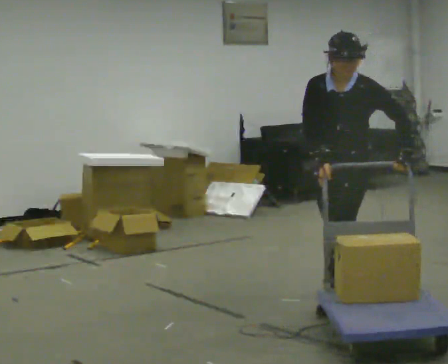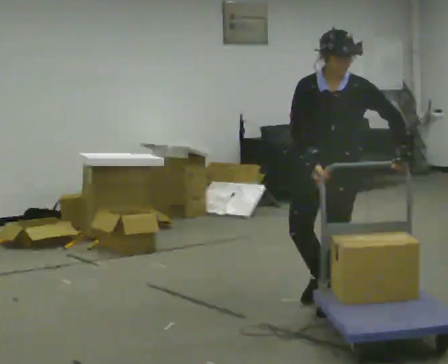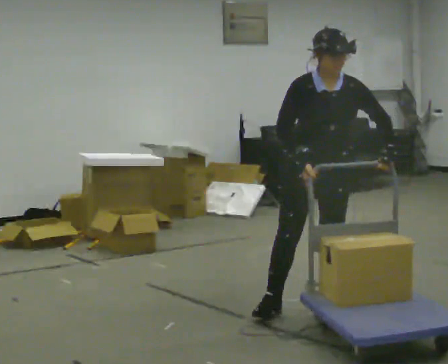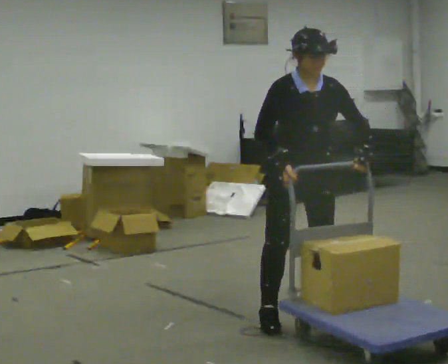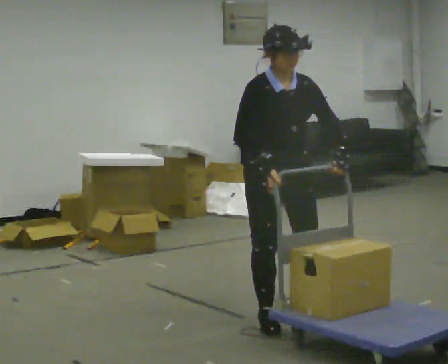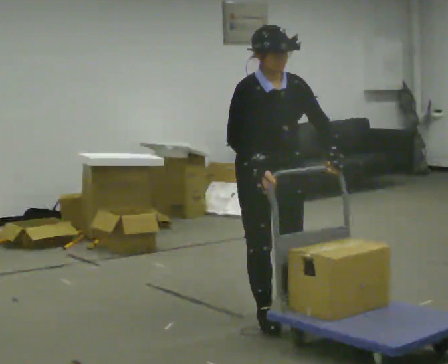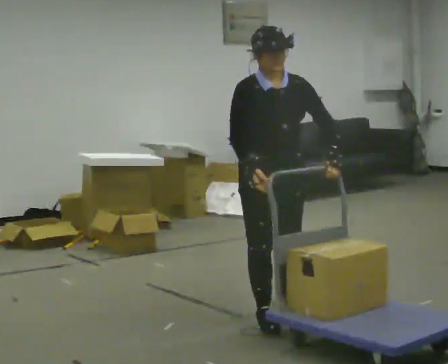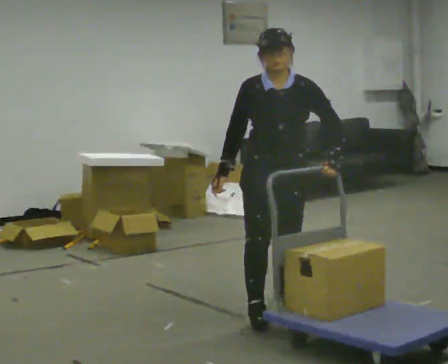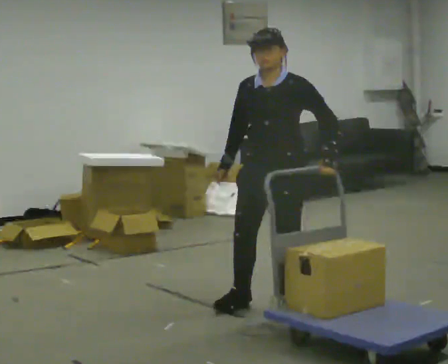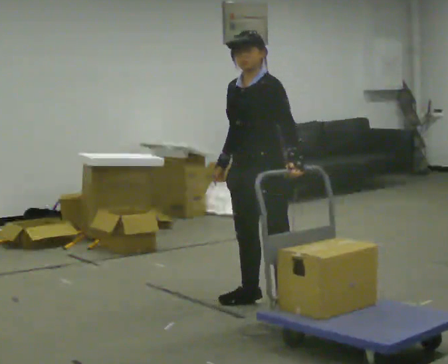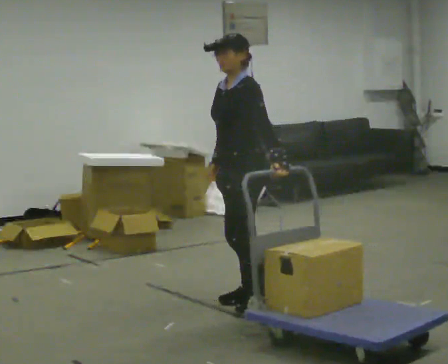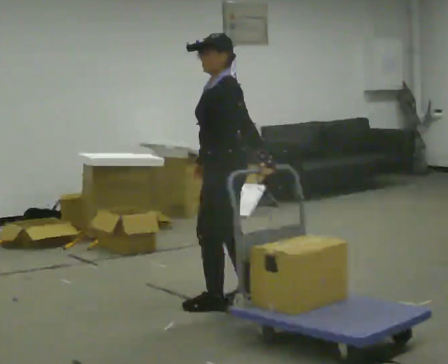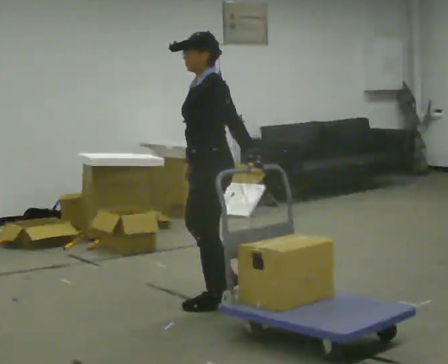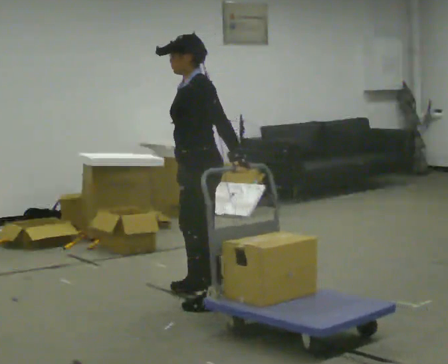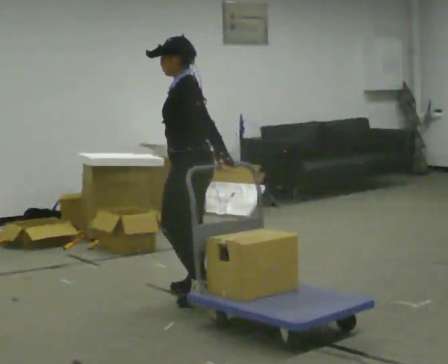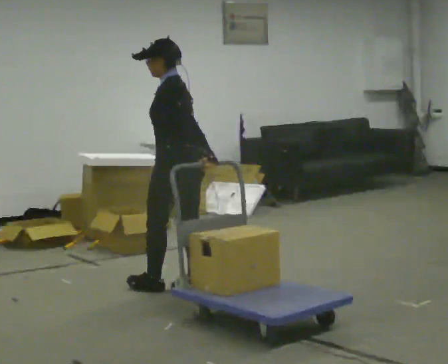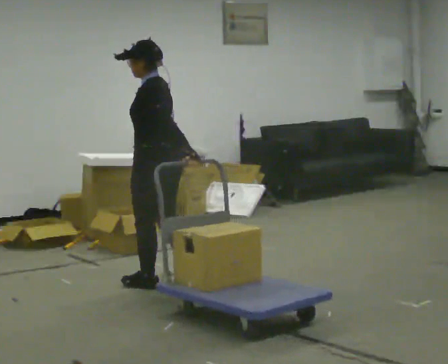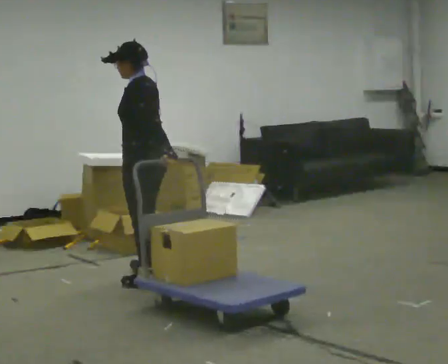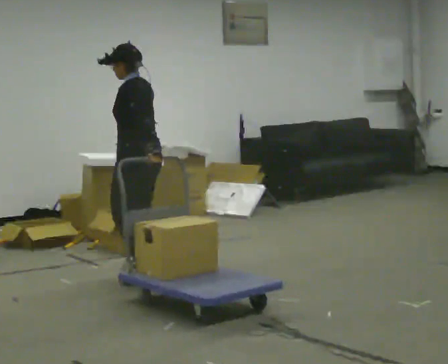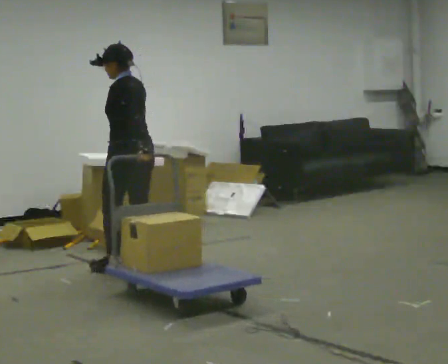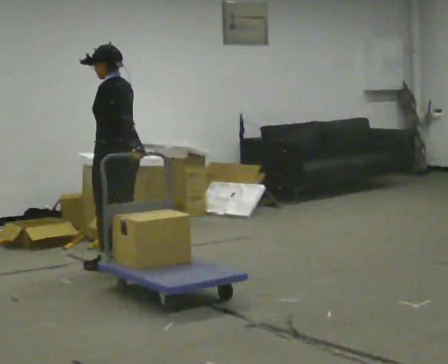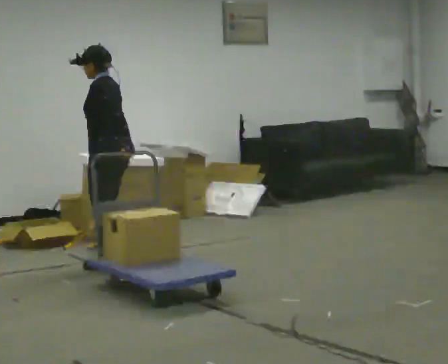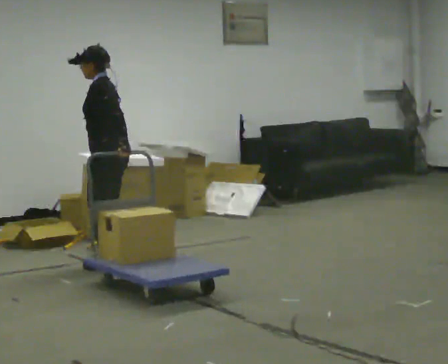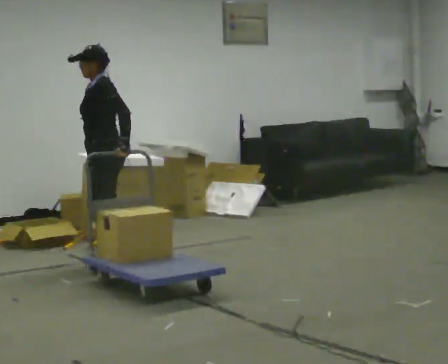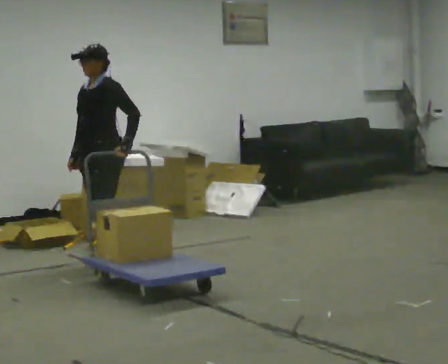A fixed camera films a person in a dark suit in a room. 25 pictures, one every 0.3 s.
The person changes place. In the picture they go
to the left.
0.0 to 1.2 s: The person turns about 60 degrees to their left, counterclockwise seen from above, so the part of the body nearest the lens slides to the right. In the picture they go to the left and toward the camera, about 0.5 m in 1 step, which for them is to their right and forward.
1.2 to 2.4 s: The person turns about 60 degrees to their right, clockwise seen from above, so the part of the body nearest the lens slides to the left. In the picture they go away from the camera, about 0.25 m in 1 step, which for them is backward.
2.4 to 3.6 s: The person turns about 60 degrees to their right, clockwise seen from above, so the part of the body nearest the lens slides to the left. In the picture they go to the left, about 0.5 m in 2 steps, which for them is forward and to their right.
3.6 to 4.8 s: The person turns about 30 degrees to their right, clockwise seen from above, so the part of the body nearest the lens slides to the left. In the picture they go away from the camera and to the left, about 0.5 m in 2 steps, which for them is forward and to their right.
4.8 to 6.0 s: In the picture they go away from the camera and to the left, about 0.5 m in 2 steps, which for them is forward and to their right.
6.0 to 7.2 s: The person turns about 75 degrees to their left, counterclockwise seen from above, so the part of the body nearest the lens slides to the right. In the picture their right hand goes to the left.
The film runs forward here.
